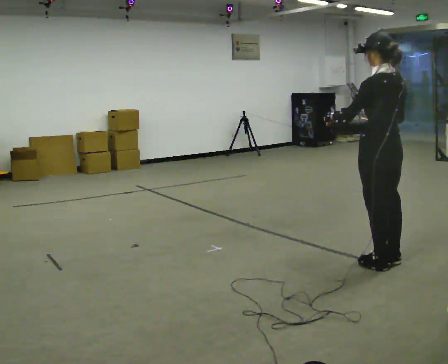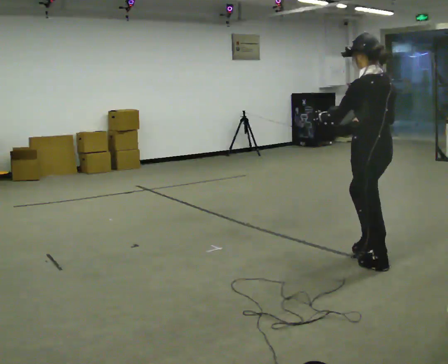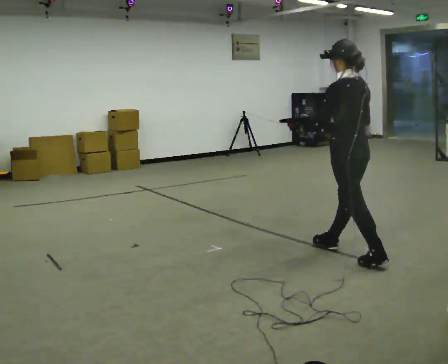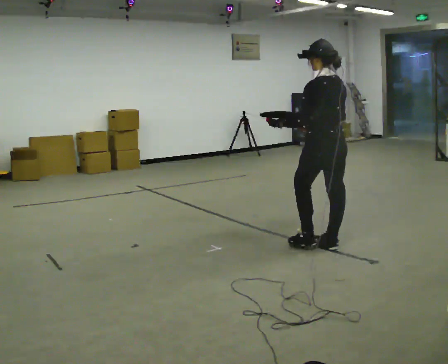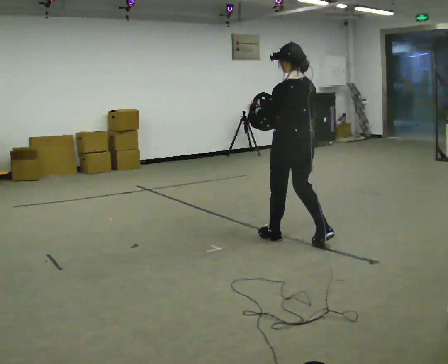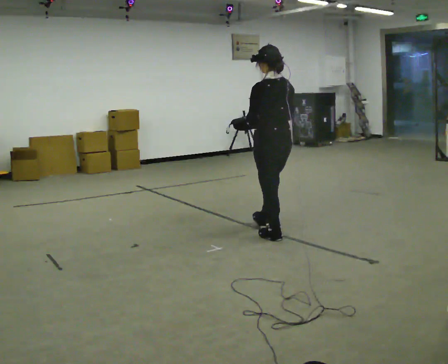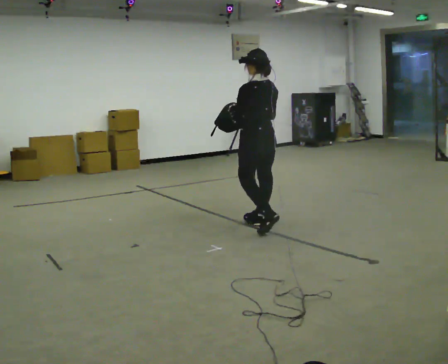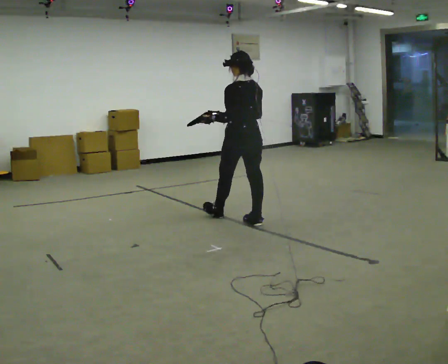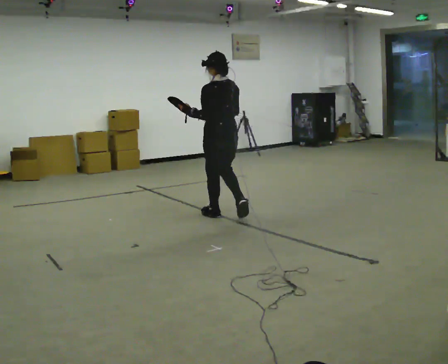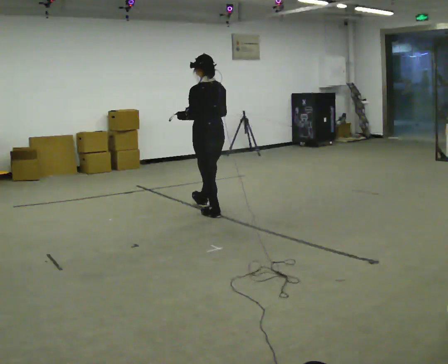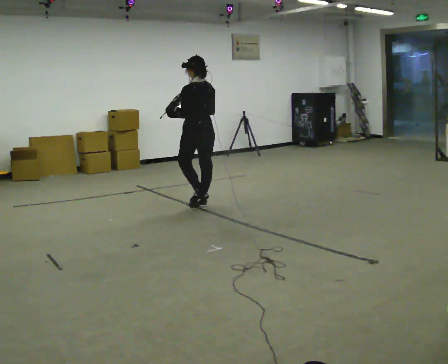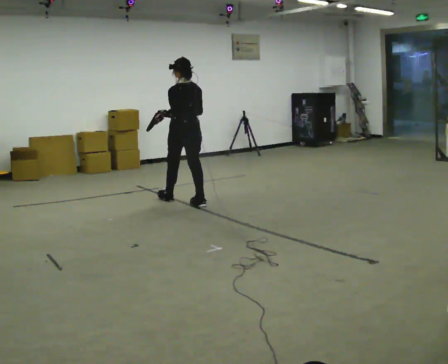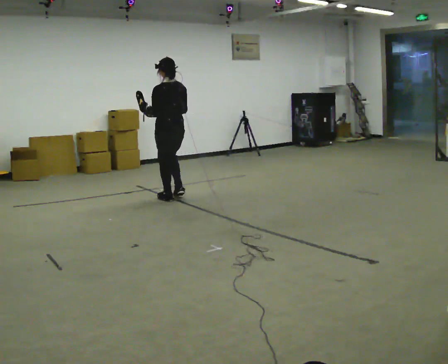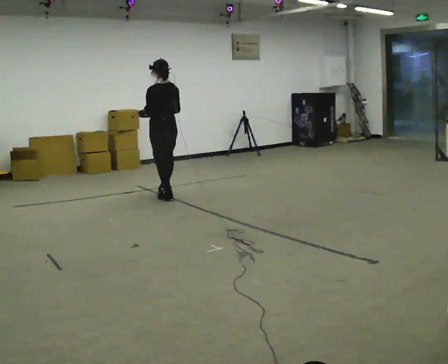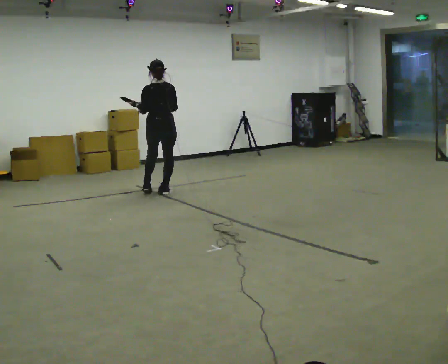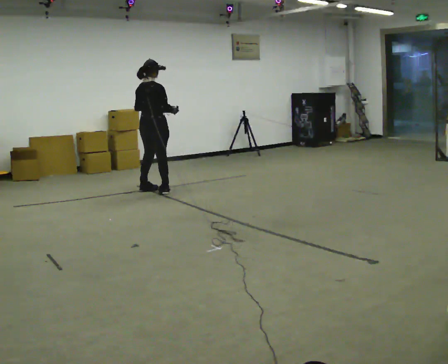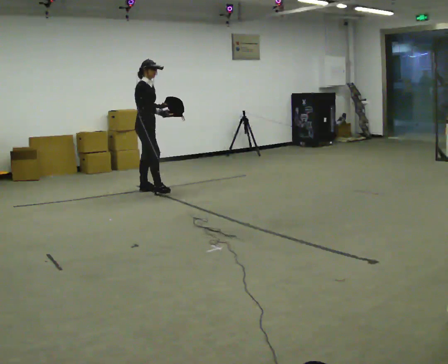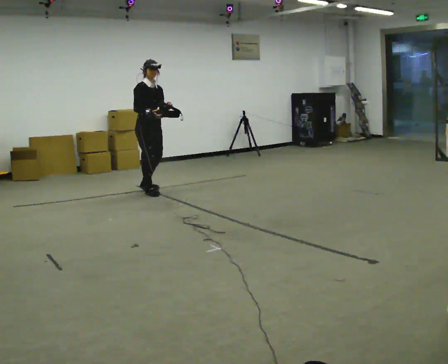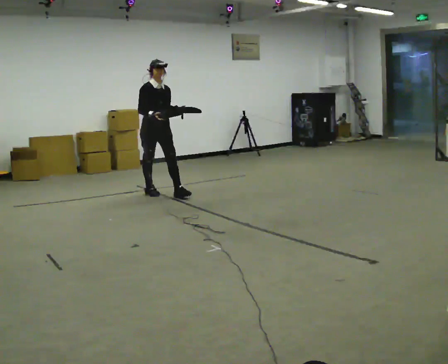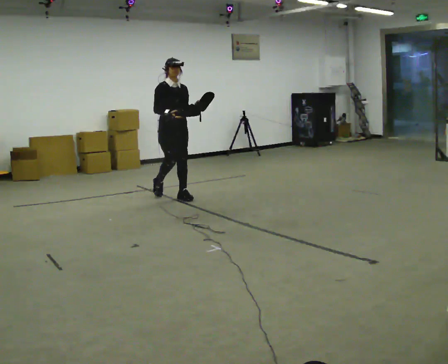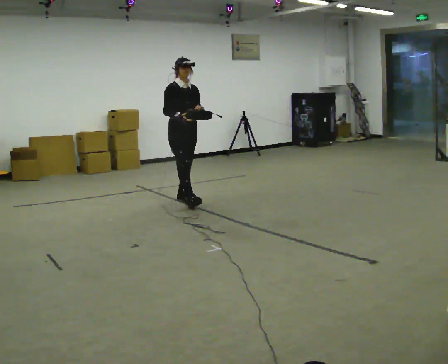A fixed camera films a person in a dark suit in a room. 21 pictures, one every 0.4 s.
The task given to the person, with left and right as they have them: Carry the object across the room. The lid hangs loose and will swing, so carry it however works. Keep going until the operator says stop; one object at a time, and do not rush between trips.
0.0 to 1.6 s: In the picture they go away from the camera and to the left, about 1 m in 2 steps, which for them is forward.
1.6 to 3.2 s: In the picture they go away from the camera and to the left, about 1 m in 2 steps, which for them is forward.
3.2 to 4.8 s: In the picture they go away from the camera and to the left, about 1 m in 2 steps, which for them is forward.
4.8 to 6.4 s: Seen from above the body turns clockwise, about 135 degrees: to their right, with its near side sliding to the left. In the picture they go away from the camera and to the left, about 0.5 m in 2 steps.
6.4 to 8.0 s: The person turns about 45 degrees to their right, clockwise seen from above, so the part of the body nearest the lens slides to the left. In the picture they go toward the camera and to the right, about 0.5 m in 1 step, which for them is forward.
The film runs forward here.
